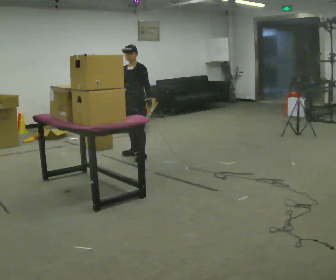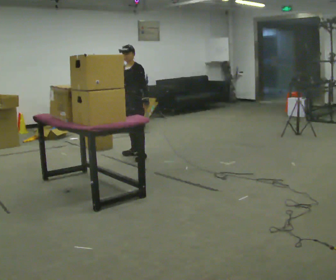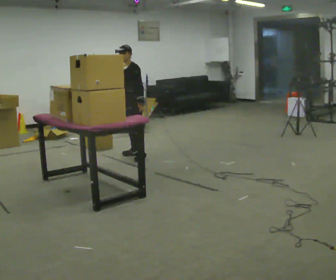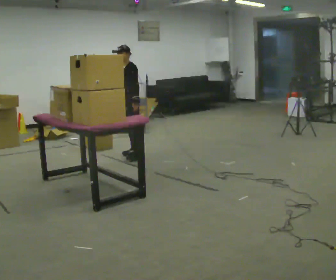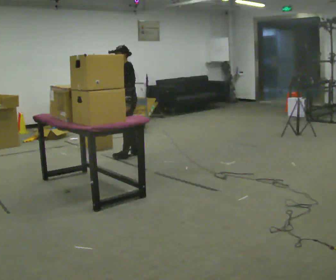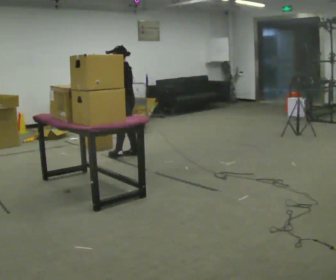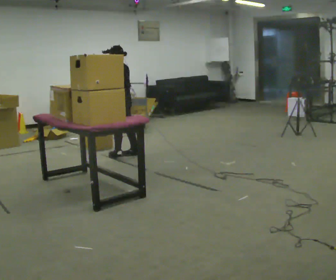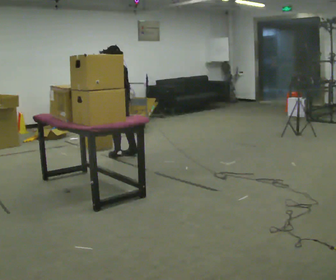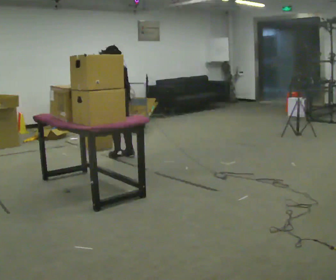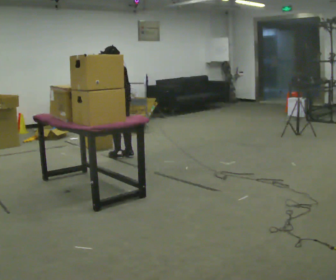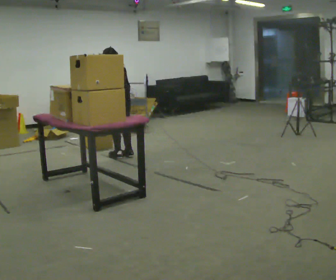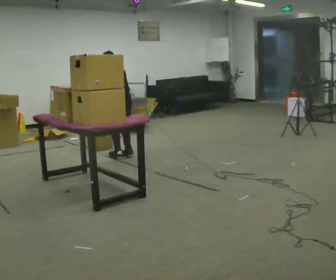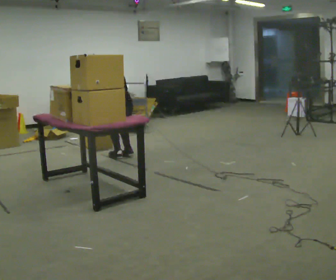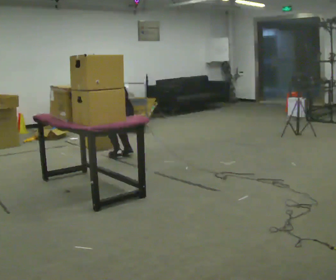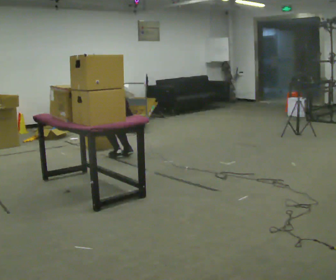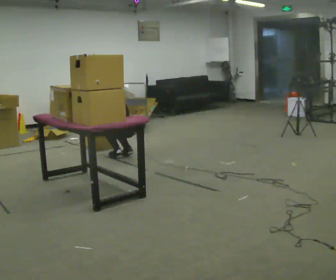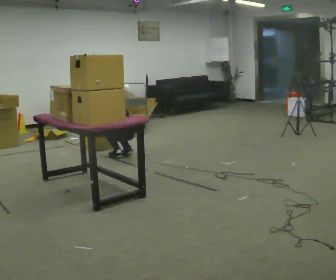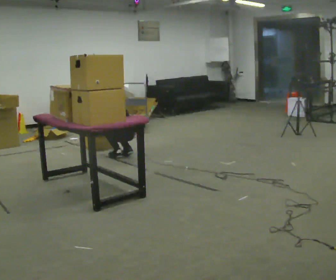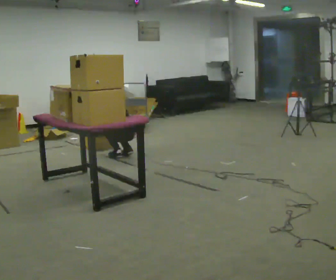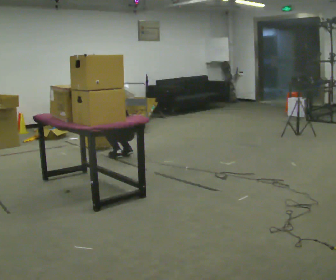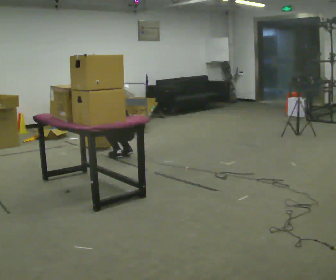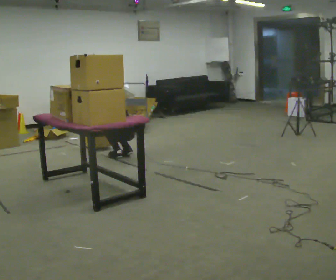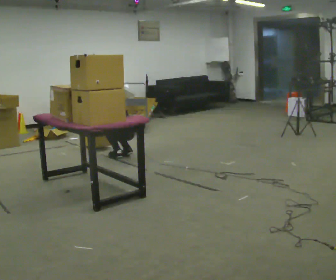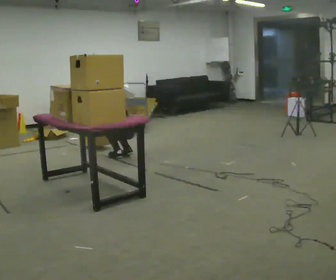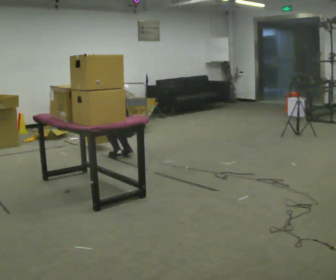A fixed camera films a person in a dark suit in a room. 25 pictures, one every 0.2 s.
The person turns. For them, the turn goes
to their right.
The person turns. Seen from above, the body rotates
clockwise.
0.0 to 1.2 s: Seen from above the body turns clockwise, about 75 degrees: to their right, with its near side sliding to the left. In the picture they go to the left, about 0.25 m in 1 step. In the picture their left hand goes to the left.
1.2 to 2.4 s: The upper body tips away from the camera, its near side rolling upward, as they bend forward.
2.4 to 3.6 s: The upper body goes downward. The upper body tips away from the camera, its near side rolling upward, as they bend forward. In the picture their left hand goes downward.
3.6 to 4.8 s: The person moves a little, or ends about where they began.
The film runs backward here.
